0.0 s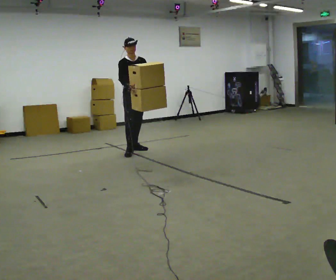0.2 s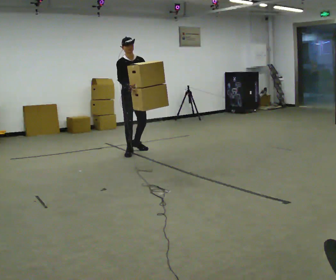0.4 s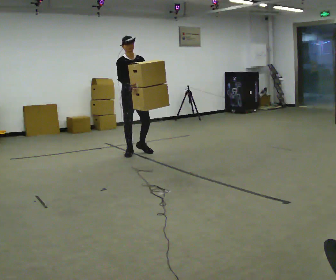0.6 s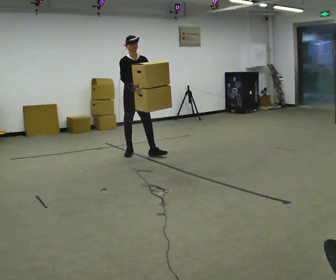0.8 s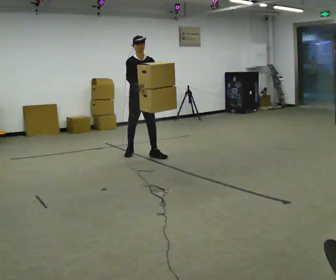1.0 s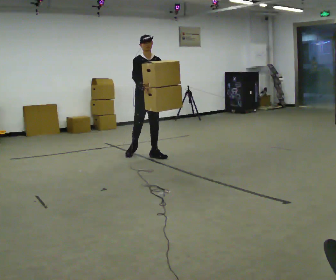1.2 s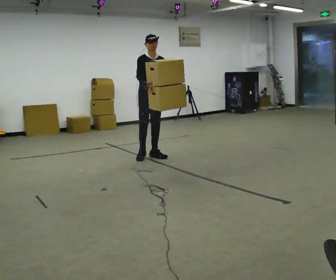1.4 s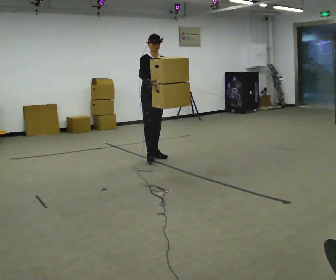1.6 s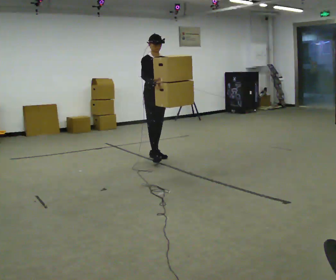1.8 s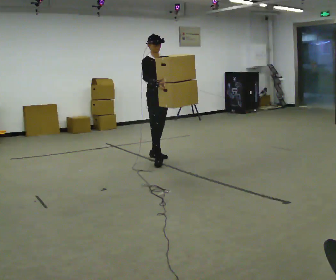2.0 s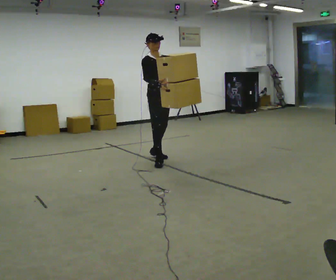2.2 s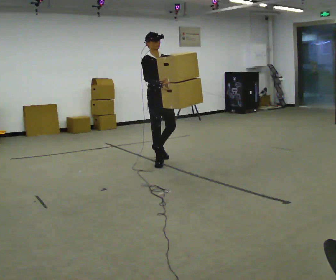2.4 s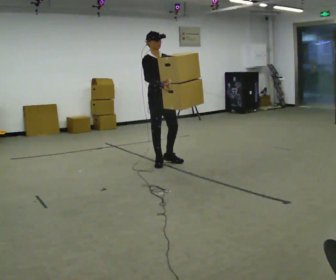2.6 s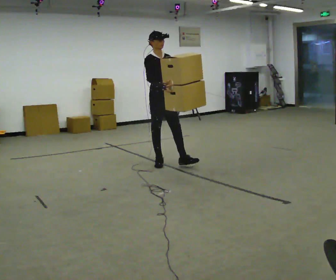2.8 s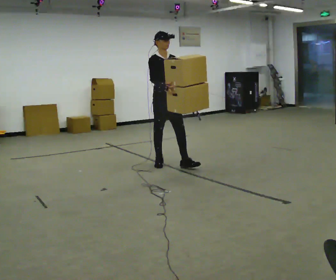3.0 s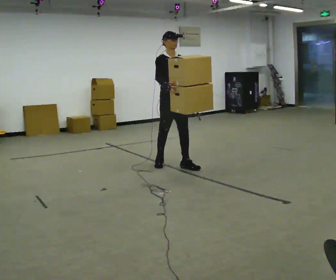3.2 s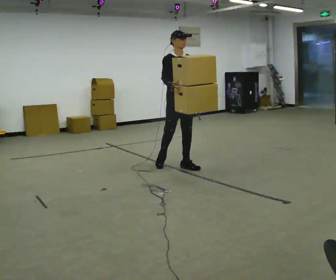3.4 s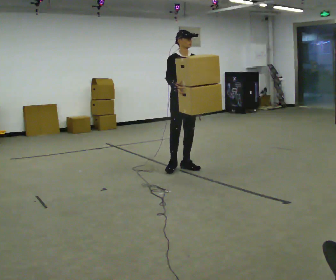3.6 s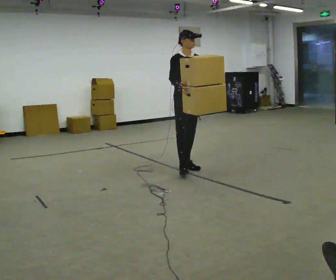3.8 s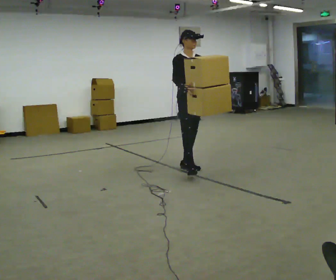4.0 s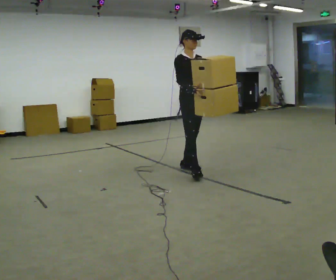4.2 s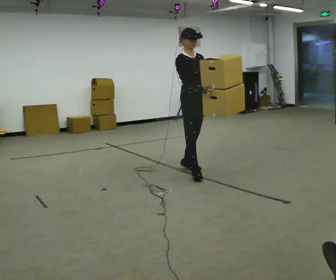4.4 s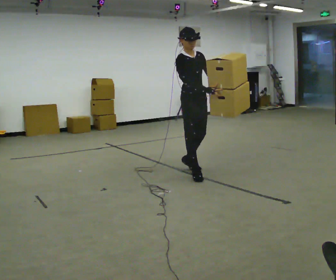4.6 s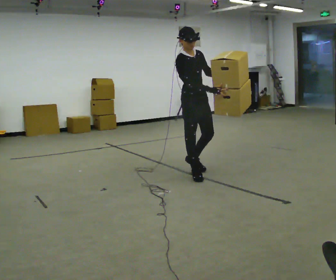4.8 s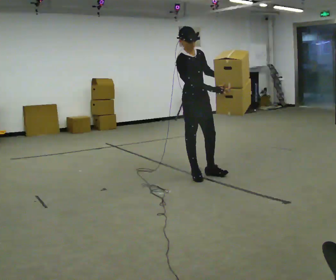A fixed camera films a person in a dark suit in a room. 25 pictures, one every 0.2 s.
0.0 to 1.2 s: In the picture they go toward the camera and to the right, about 0.5 m in 1 step, which for them is forward.
1.2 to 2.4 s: In the picture they go toward the camera, about 0.5 m in 1 step, which for them is forward.
2.4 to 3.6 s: In the picture they go to the right and toward the camera, about 0.5 m in 1 step, which for them is forward and to their left.
3.6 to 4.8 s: In the picture they go toward the camera, about 0.5 m in 1 step, which for them is forward and to their right.
The film runs forward here.
